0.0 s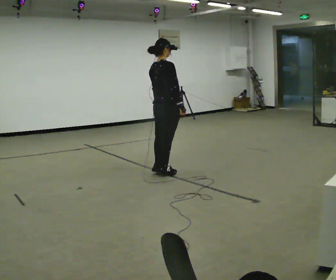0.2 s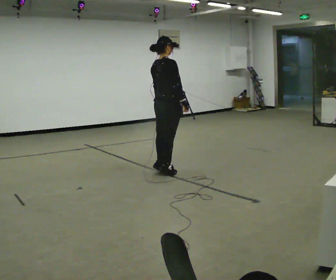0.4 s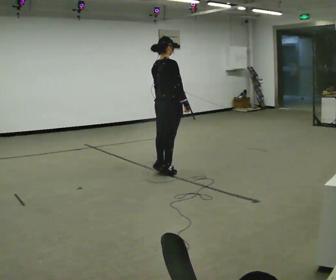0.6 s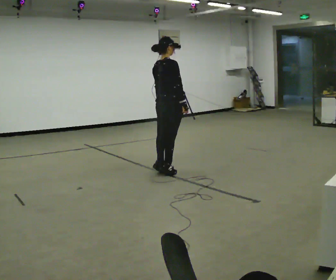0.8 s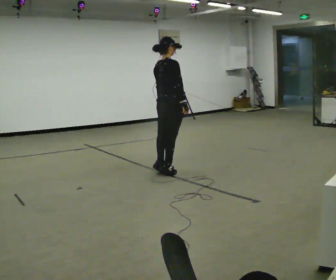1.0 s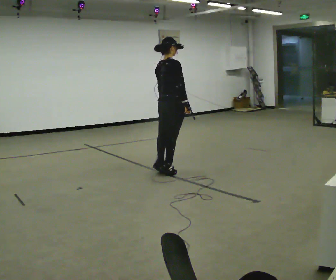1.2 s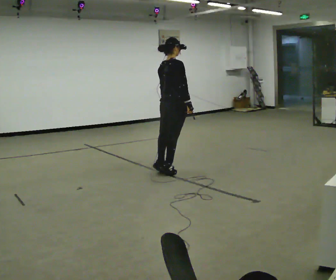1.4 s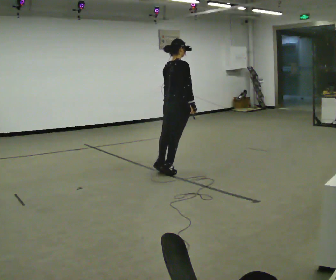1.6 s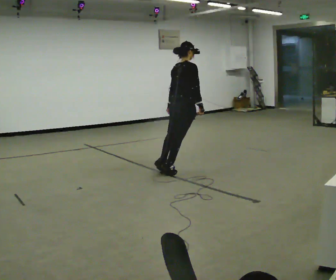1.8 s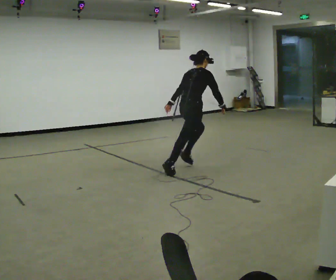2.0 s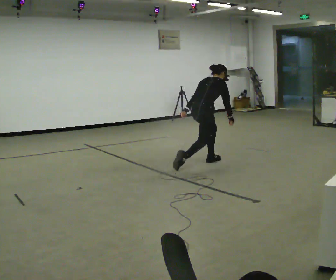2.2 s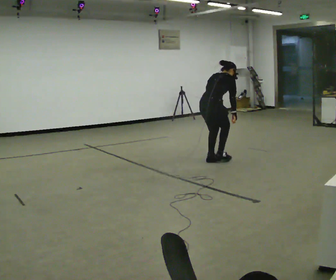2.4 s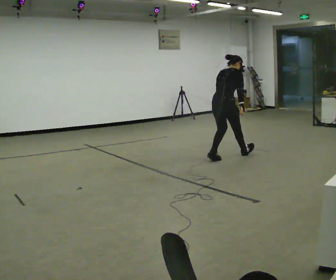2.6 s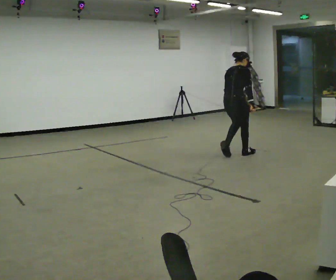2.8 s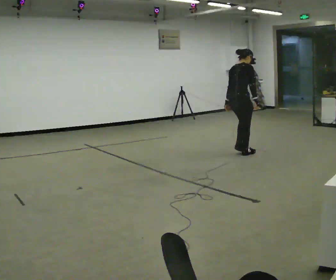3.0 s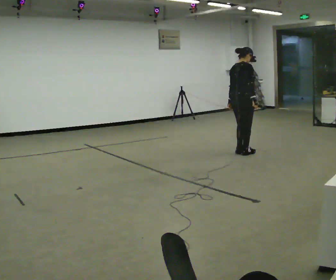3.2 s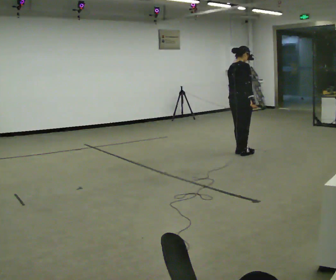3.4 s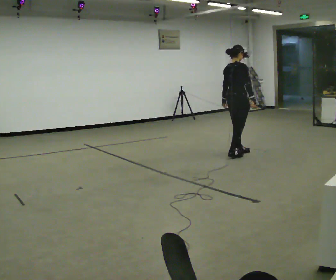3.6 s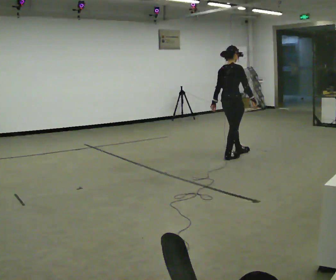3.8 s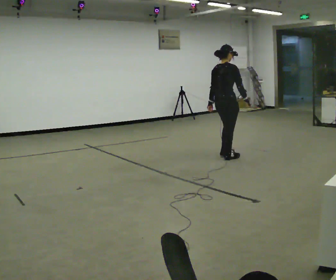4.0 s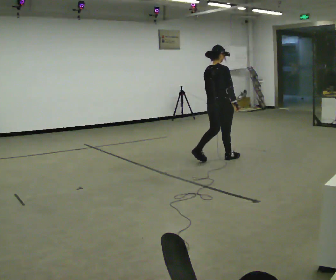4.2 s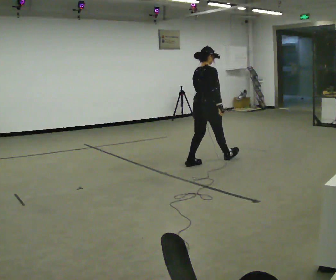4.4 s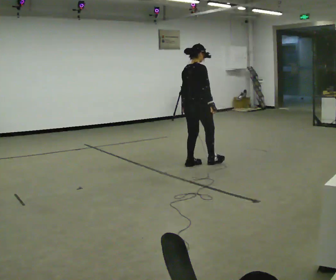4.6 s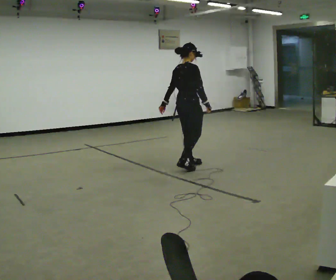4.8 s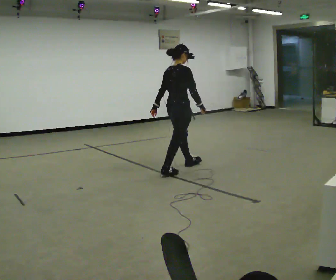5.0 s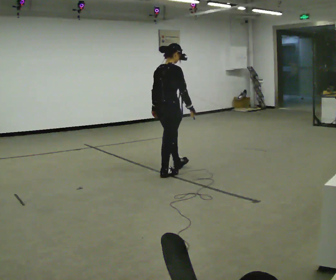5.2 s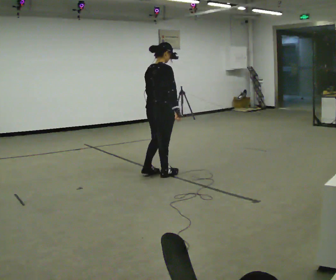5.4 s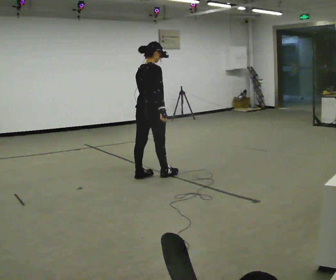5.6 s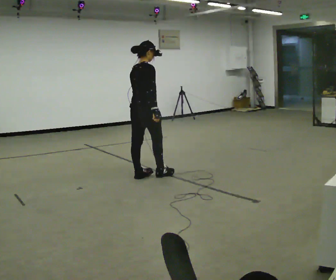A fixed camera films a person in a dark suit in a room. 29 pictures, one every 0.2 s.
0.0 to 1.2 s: The person moves a little, or ends about where they began.
1.2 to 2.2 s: In the picture they go away from the camera and to the right, about 0.5 m in 1 step, which for them is forward. The upper body tips away from the camera, its near side rolling upward, as they bend forward.
2.2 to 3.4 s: In the picture they go away from the camera and to the right, about 0.5 m in 2 steps, which for them is forward. The upper body tips toward the camera, its near side rolling downward, as they lean back or straighten.
3.4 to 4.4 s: In the picture they go toward the camera and to the left, about 1 m in 2 steps, which for them is backward.
4.4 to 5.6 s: In the picture they go toward the camera and to the left, about 1 m in 2 steps, which for them is backward.
The film runs forward here.
